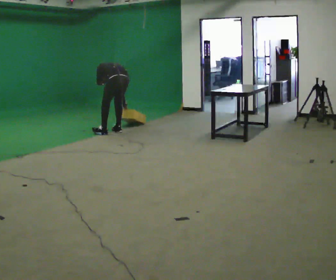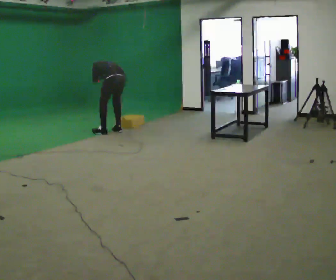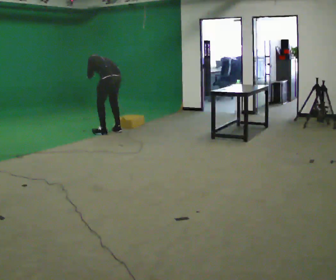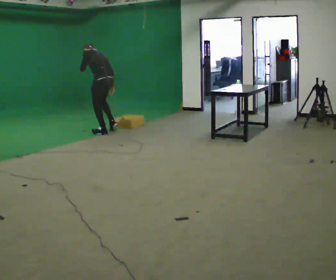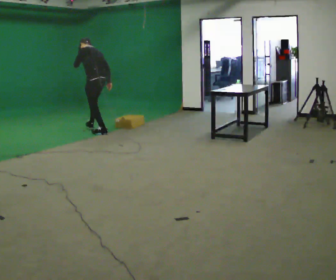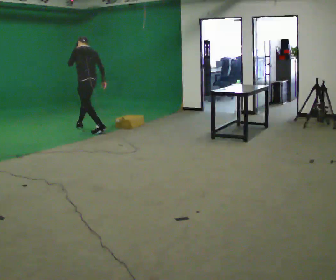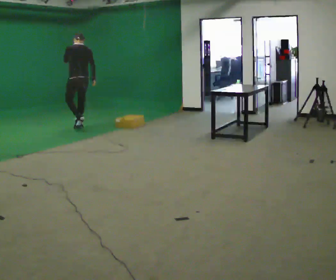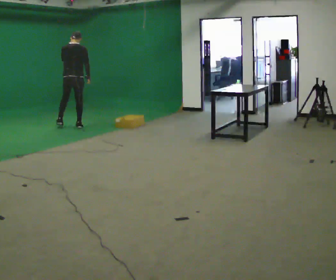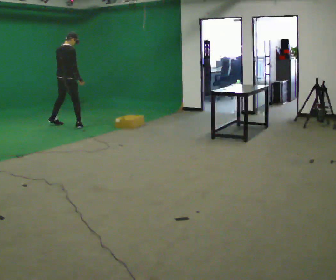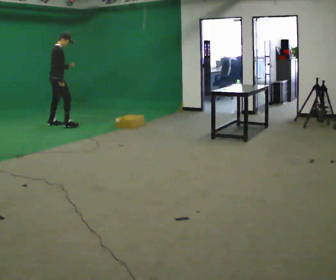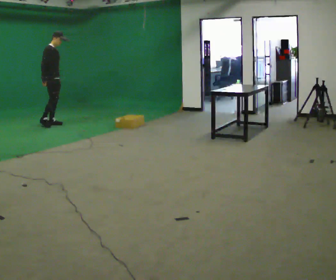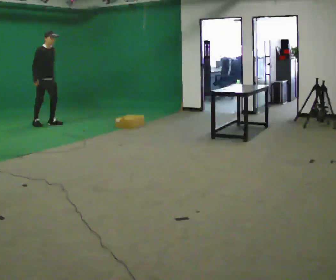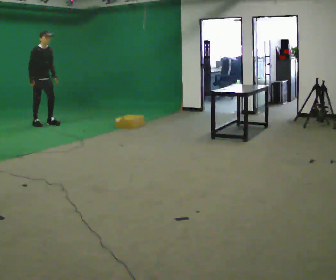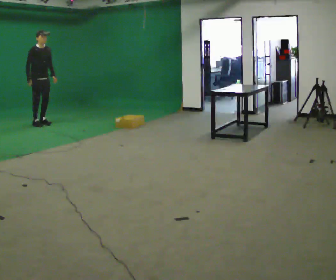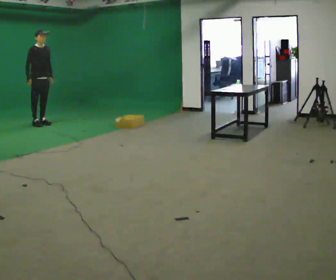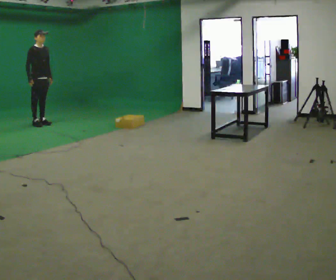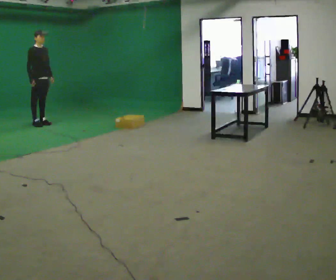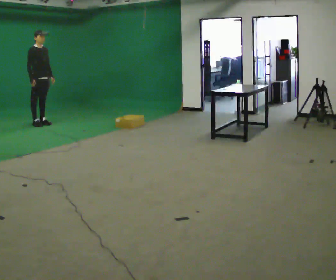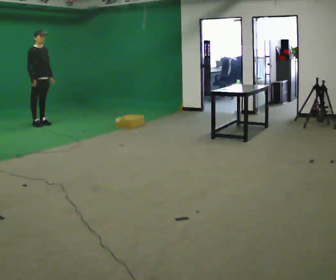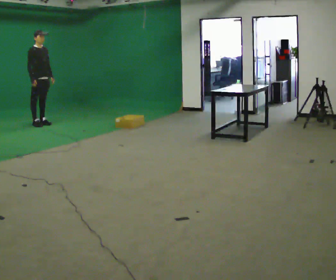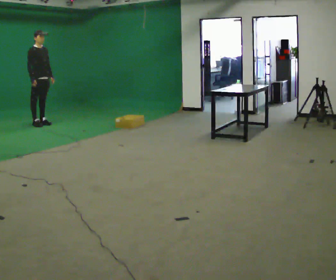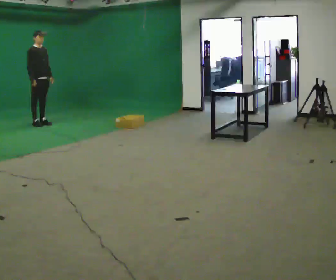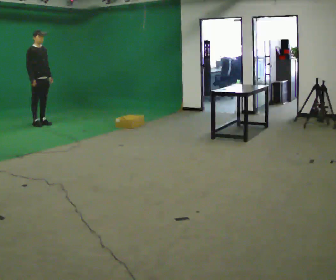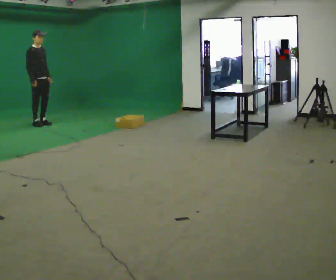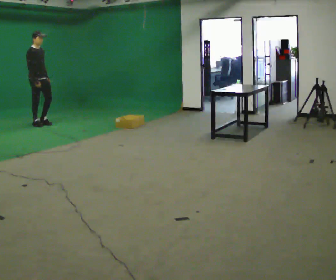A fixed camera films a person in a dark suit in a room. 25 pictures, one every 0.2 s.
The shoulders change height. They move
upward.
The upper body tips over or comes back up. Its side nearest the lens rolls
downward.
0.0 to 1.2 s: In the picture they go to the left and away from the camera, about 1 m in 1 step, which for them is forward. The shoulders move upward. The upper body tips toward the camera, its near side rolling downward, as they lean back or straighten. In the picture their left hand goes upward.
1.2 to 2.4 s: Seen from above the body turns clockwise, about 150 degrees: to their right, with its near side sliding to the left. In the picture they go to the left and away from the camera, about 1 m in 2 steps. The upper body tips toward the camera, its near side rolling downward. In the picture their left hand goes downward.
2.4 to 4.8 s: The person moves a little, or ends about where they began.
The film runs forward here.
